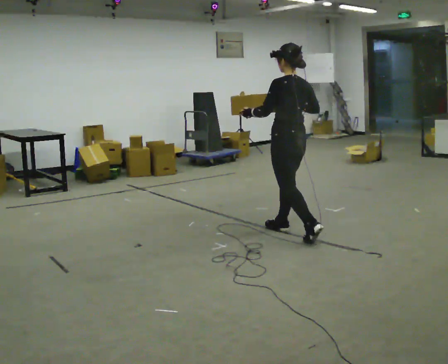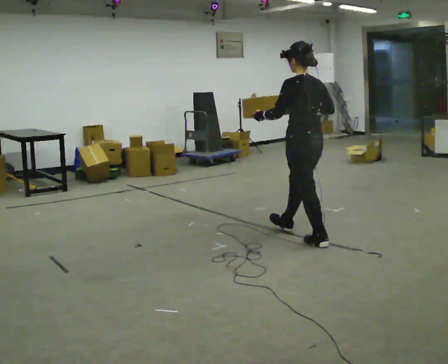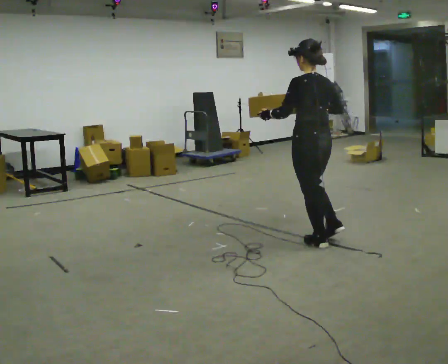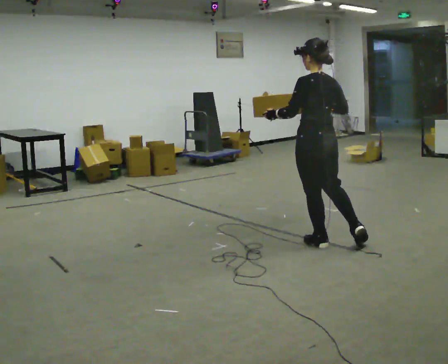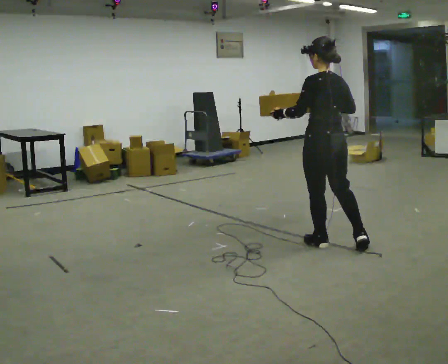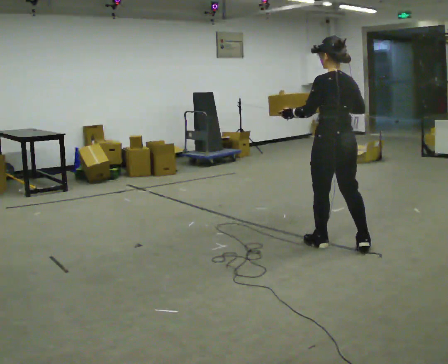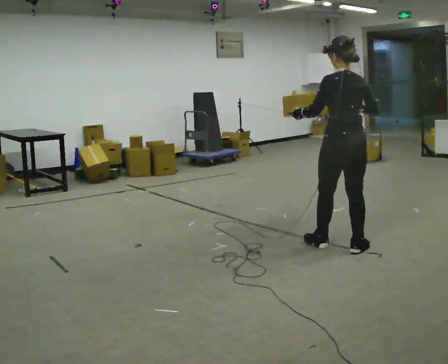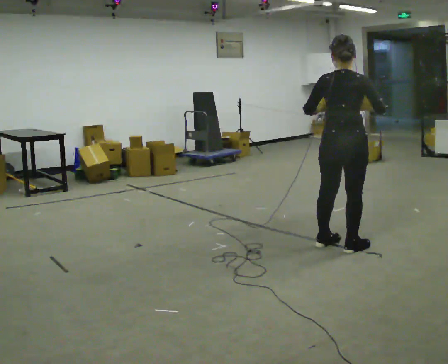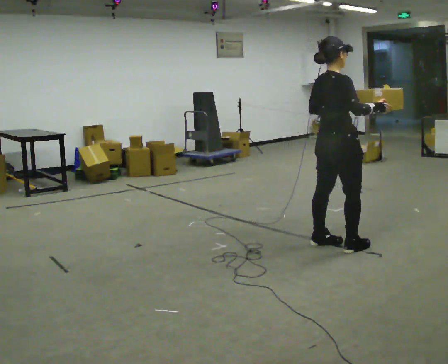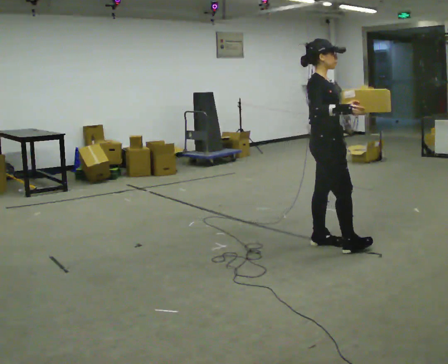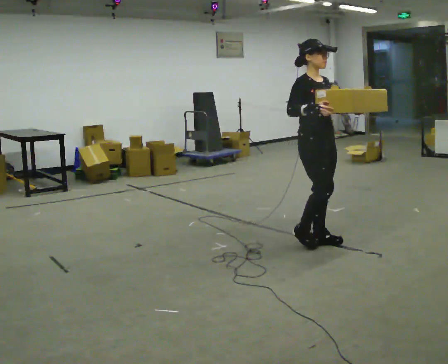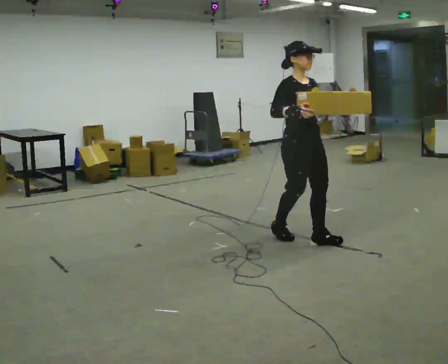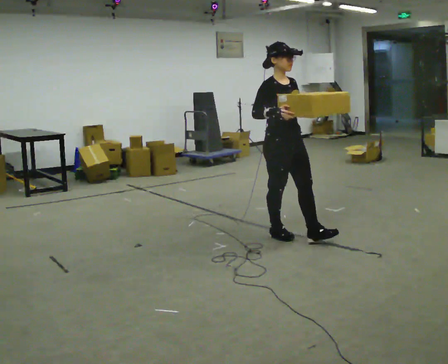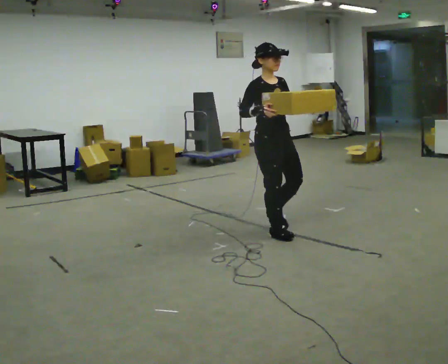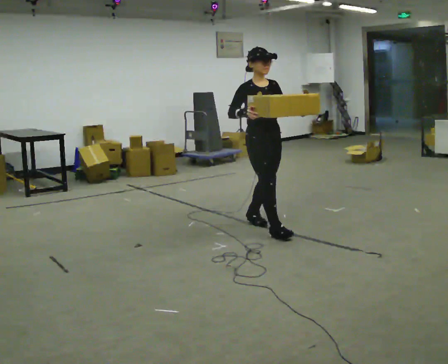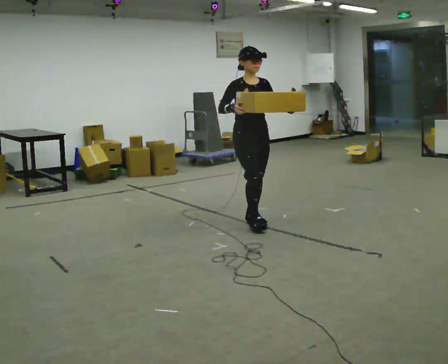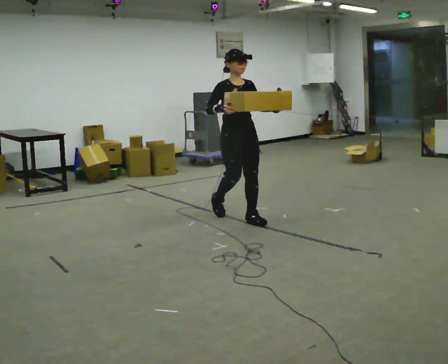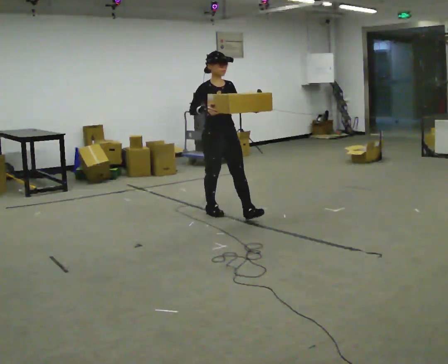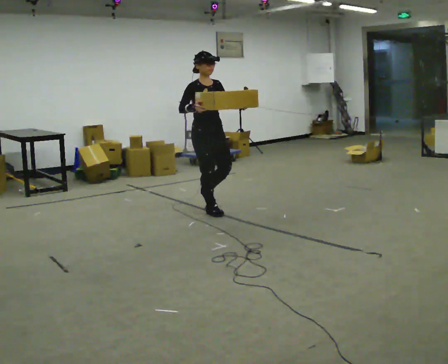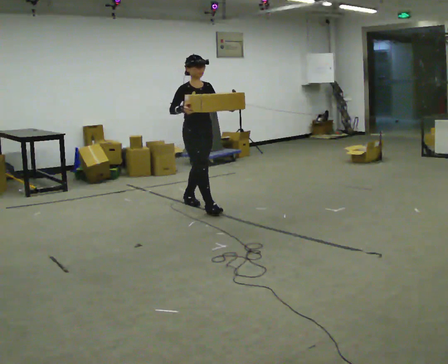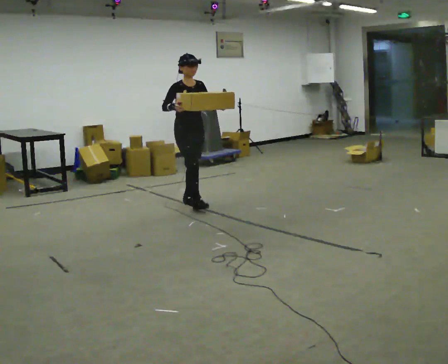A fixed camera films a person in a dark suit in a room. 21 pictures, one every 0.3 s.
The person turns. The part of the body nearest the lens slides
to the left.
The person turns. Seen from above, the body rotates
clockwise.
0.0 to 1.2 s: In the picture they go toward the camera and to the right, about 0.5 m in 1 step, which for them is backward.
1.2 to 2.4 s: Seen from above the body turns clockwise, about 90 degrees: to their right, with its near side sliding to the left. In the picture their left hand goes to the right.
2.4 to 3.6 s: The person turns about 75 degrees to their right, clockwise seen from above, so the part of the body nearest the lens slides to the left. In the picture they go to the left and away from the camera, about 0.5 m in 2 steps.
3.6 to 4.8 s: In the picture they go away from the camera and to the left, about 0.75 m in 1 step, which for them is backward.
4.8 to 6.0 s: In the picture they go to the left and away from the camera, about 1 m in 2 steps, which for them is backward.
The film runs backward here.
